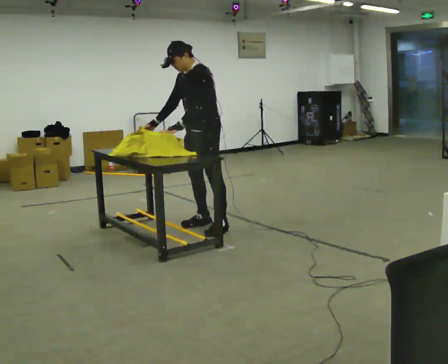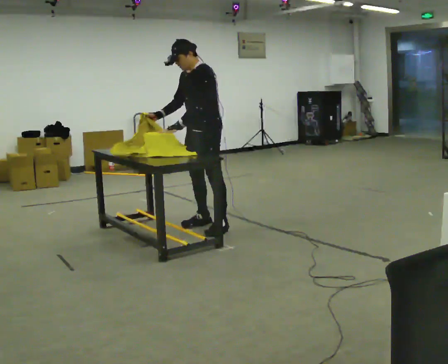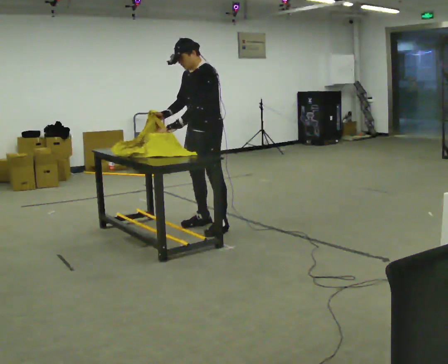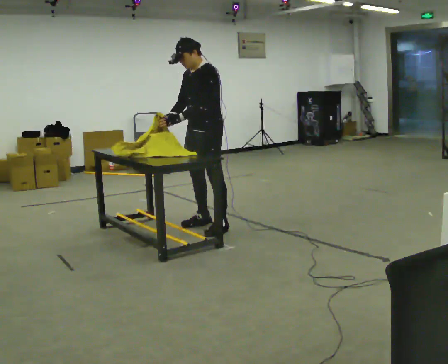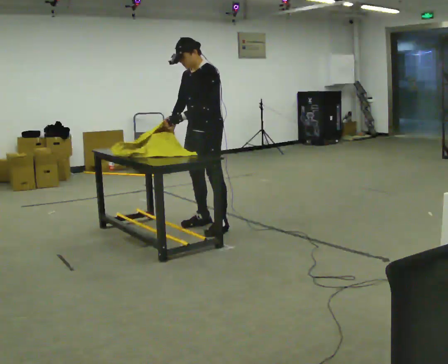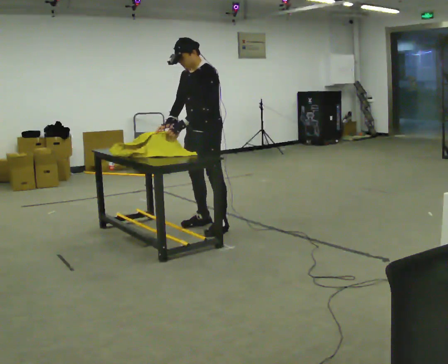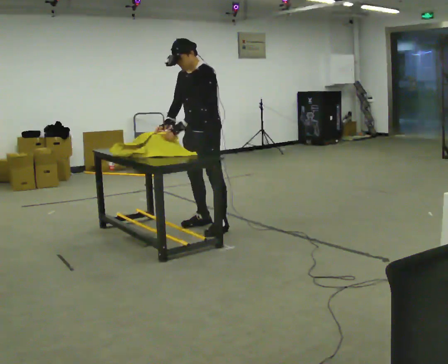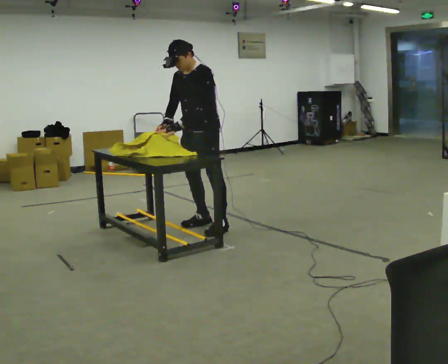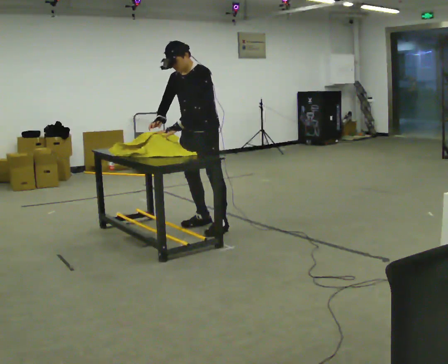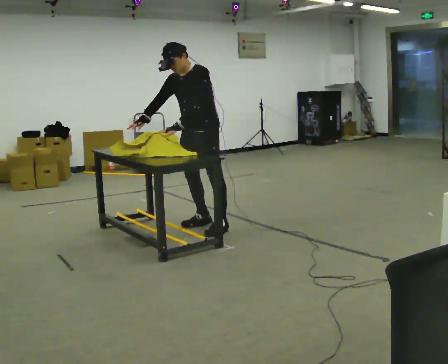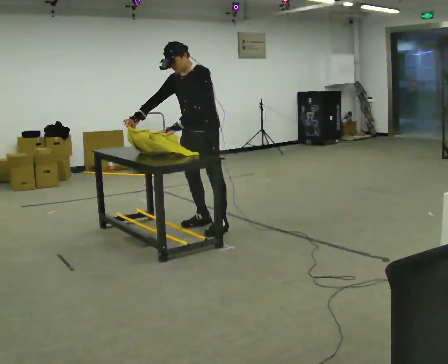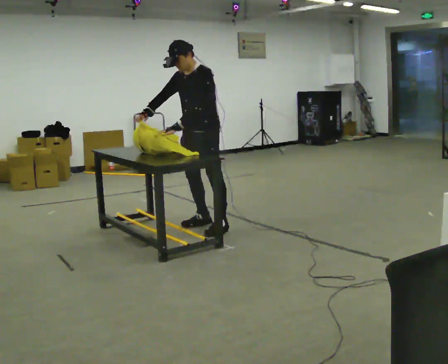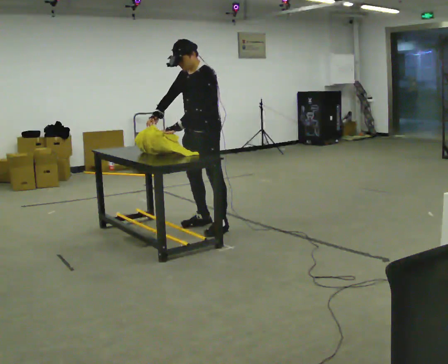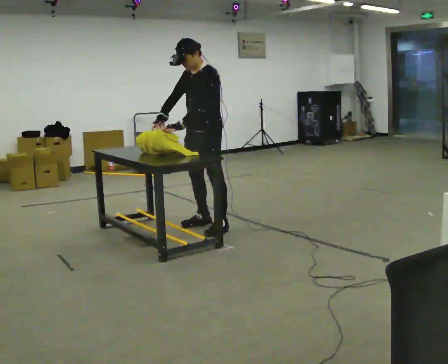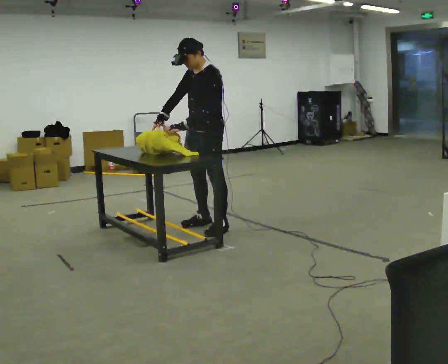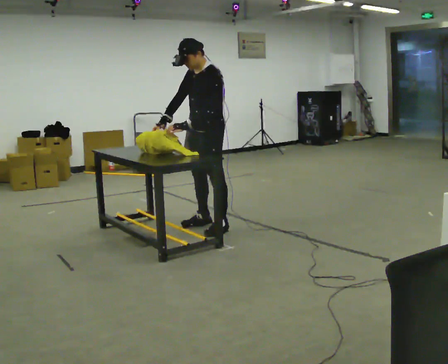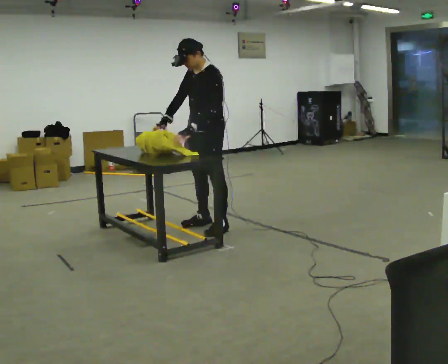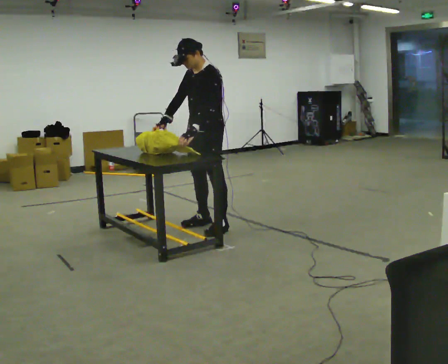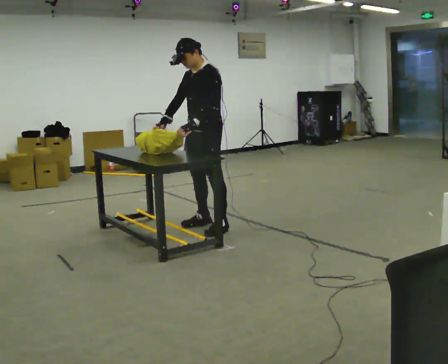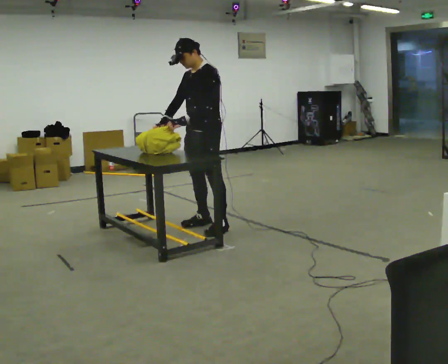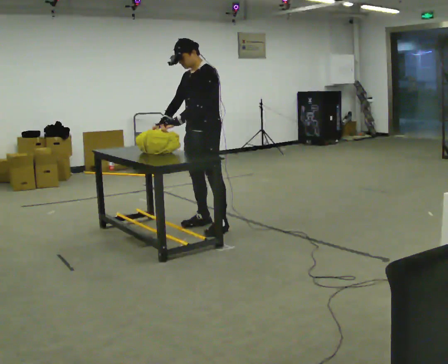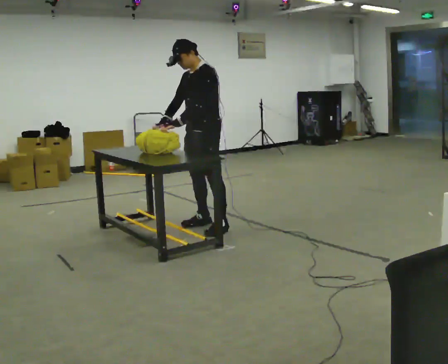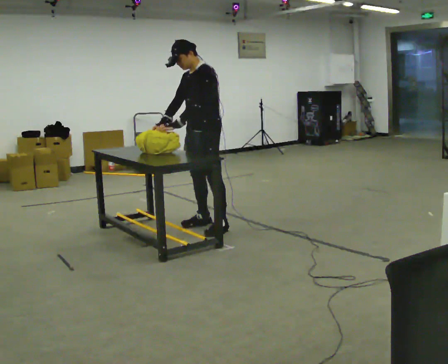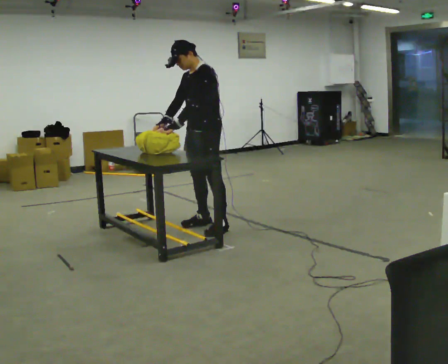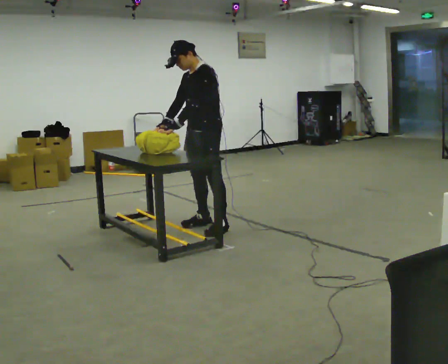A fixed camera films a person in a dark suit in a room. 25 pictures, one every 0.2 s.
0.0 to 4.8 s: The person moves a little, or ends about where they began.
The film runs backward here.
